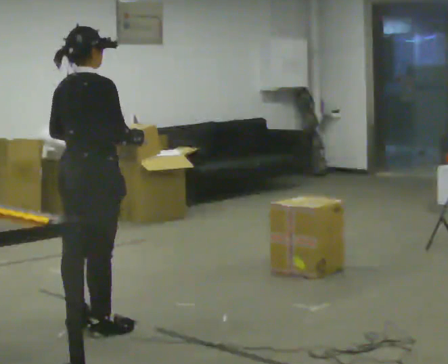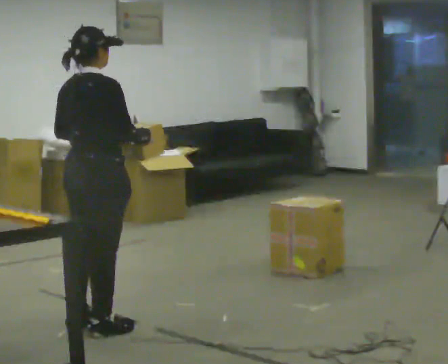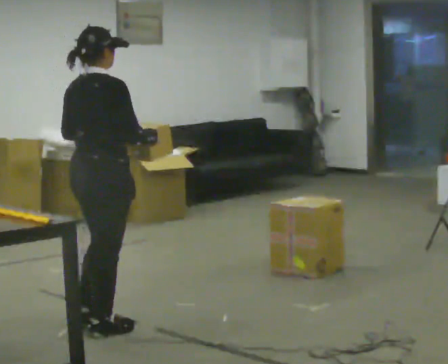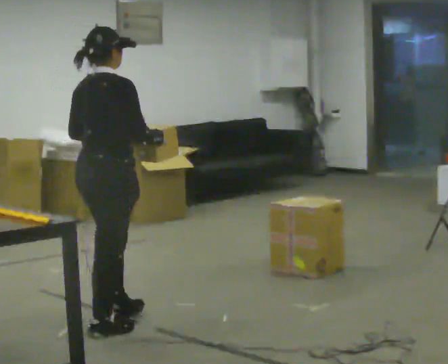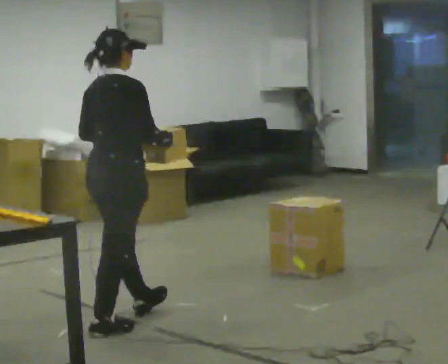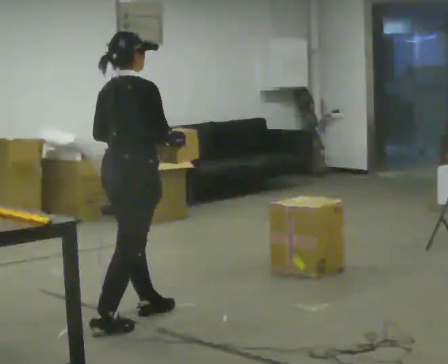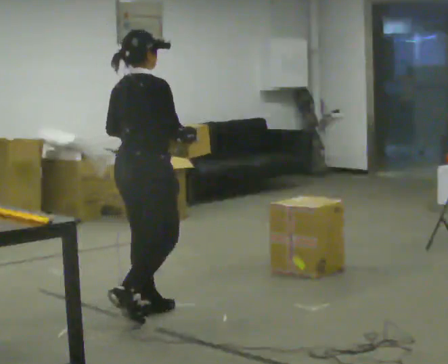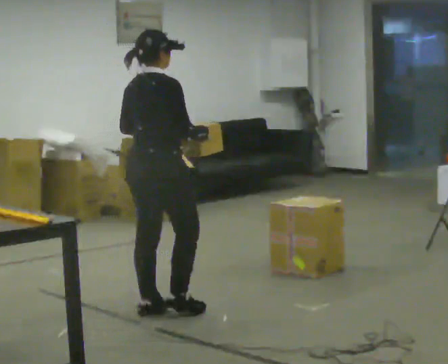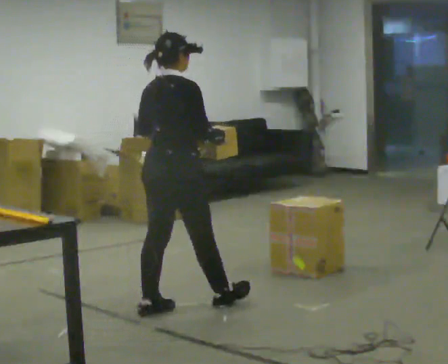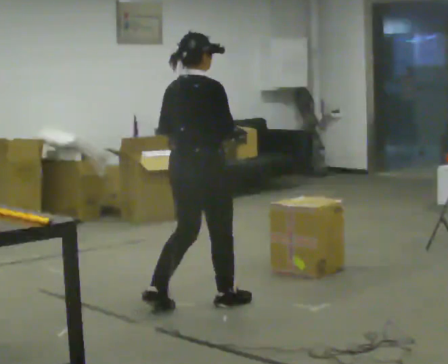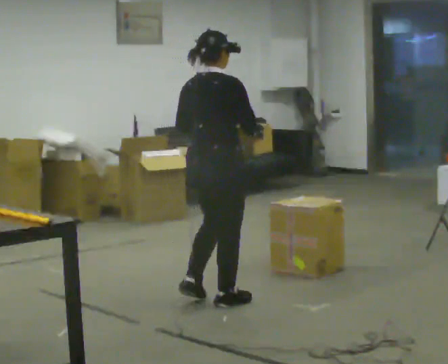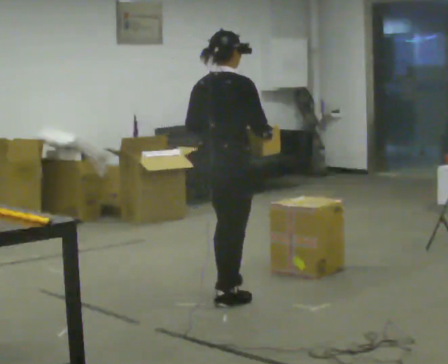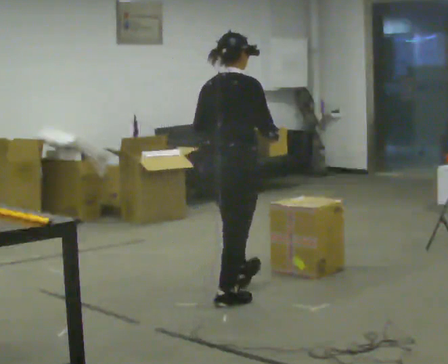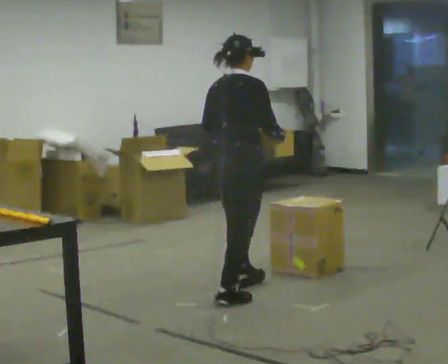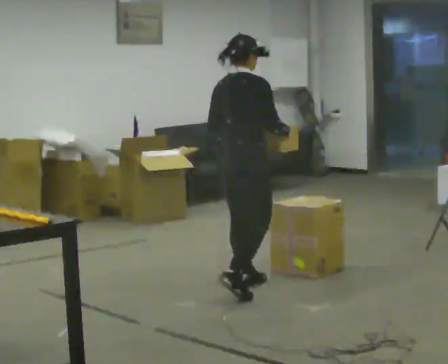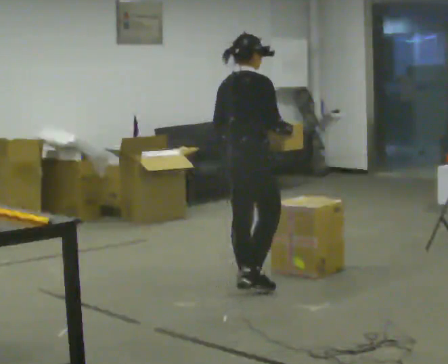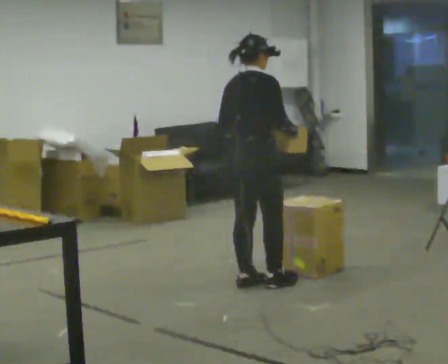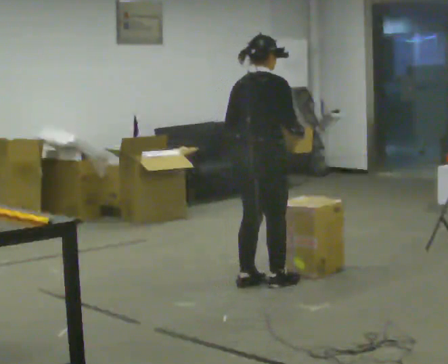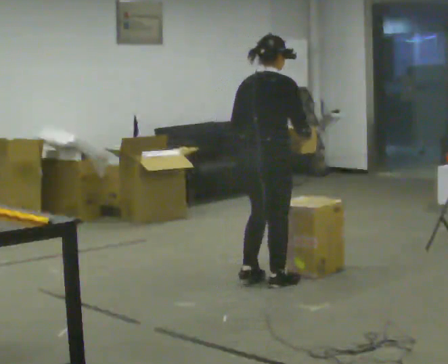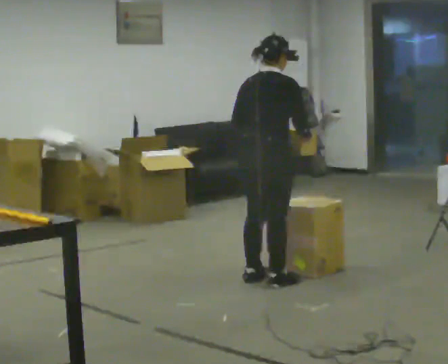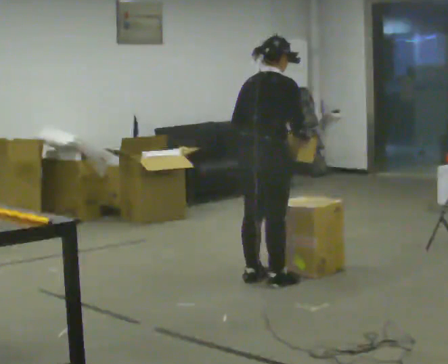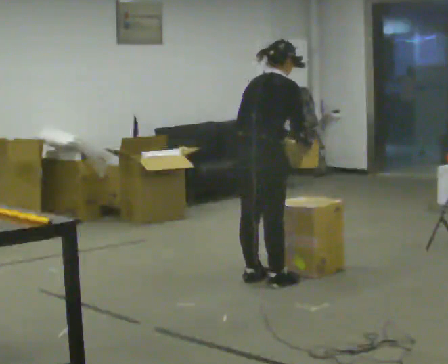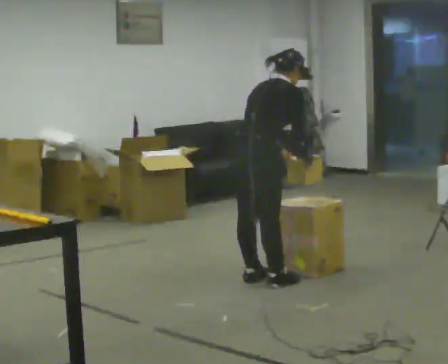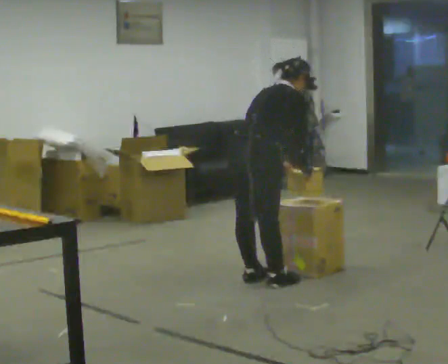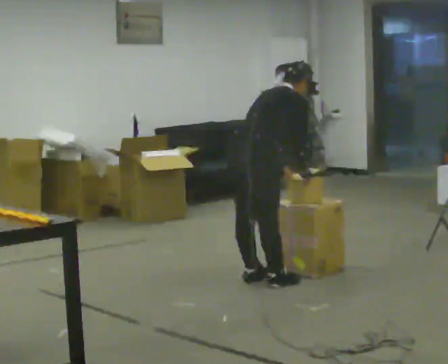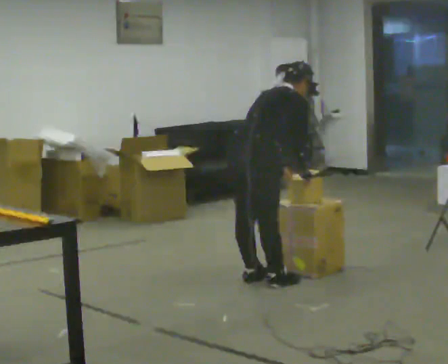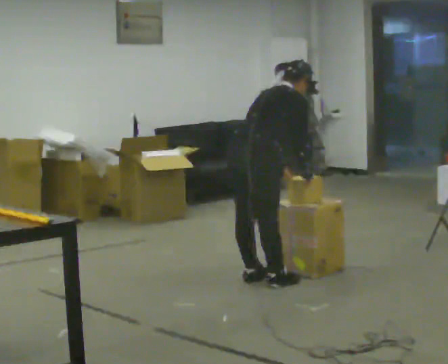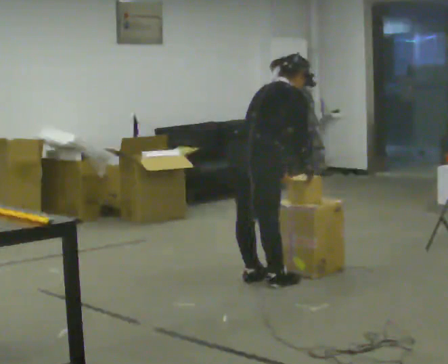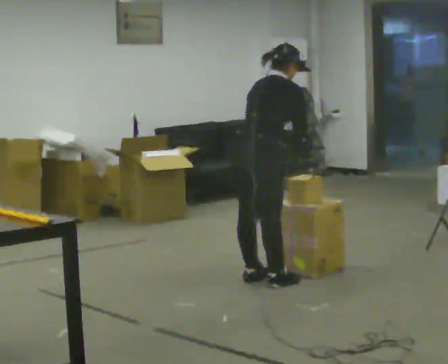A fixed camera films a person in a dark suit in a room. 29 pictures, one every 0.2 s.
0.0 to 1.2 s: In the picture they go to the right and away from the camera, about 0.5 m in 1 step, which for them is forward.
1.2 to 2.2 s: In the picture they go to the right and away from the camera, about 0.5 m in 1 step, which for them is forward.
2.2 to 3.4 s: In the picture they go away from the camera and to the right, about 0.5 m in 2 steps, which for them is forward and to their left.
3.4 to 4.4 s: In the picture the upper body tilts clockwise, shoulders to the right, as they bend forward.
4.4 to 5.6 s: The person moves a little, or ends about where they began.
The film runs forward here.
